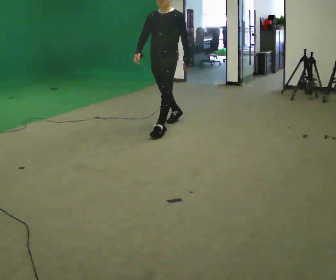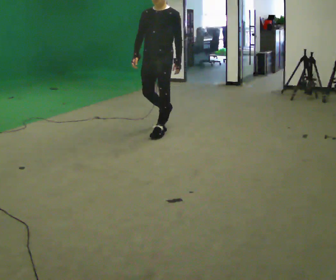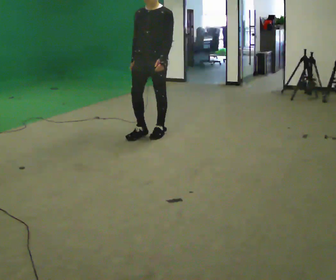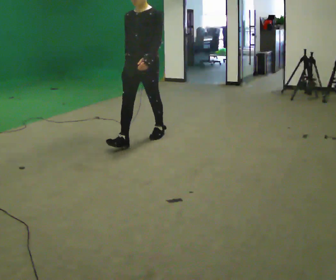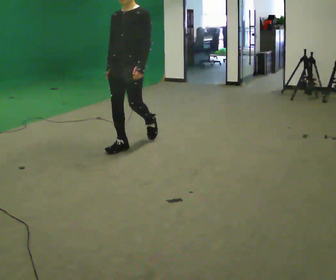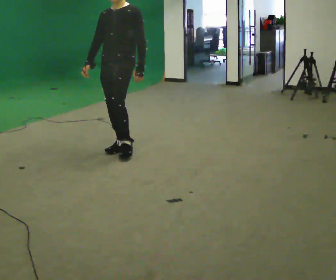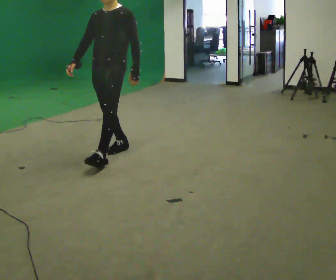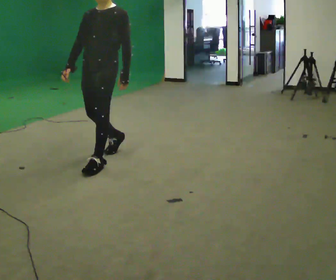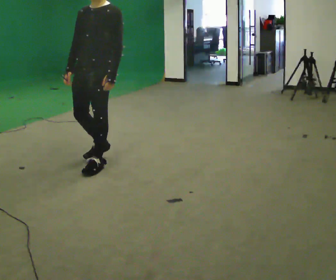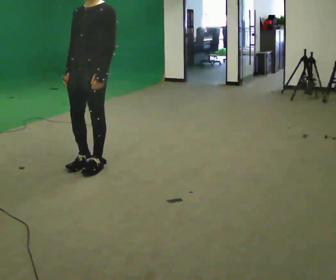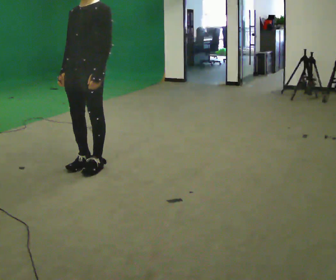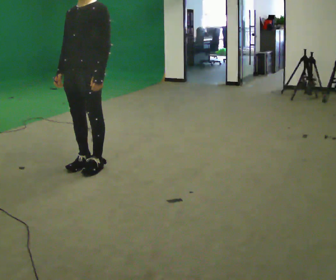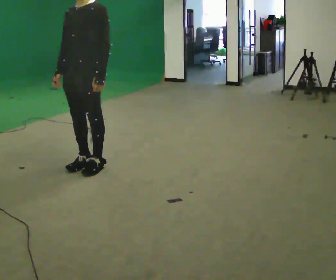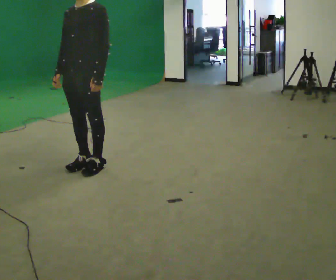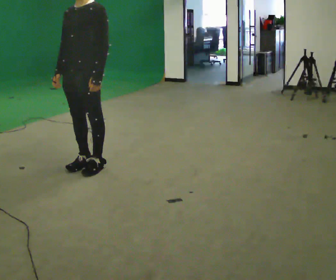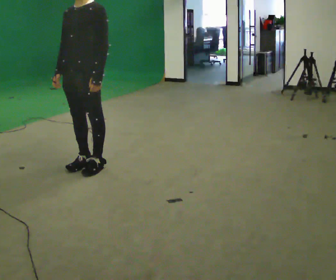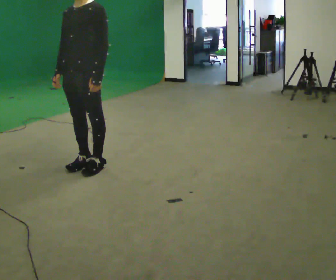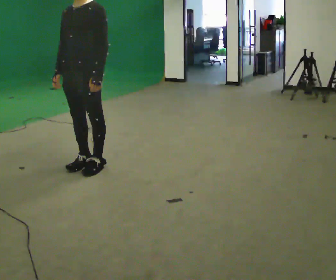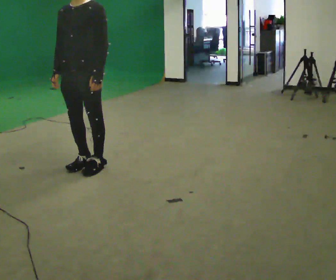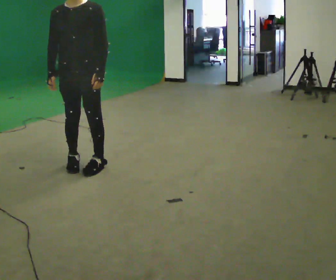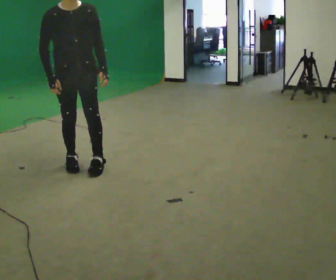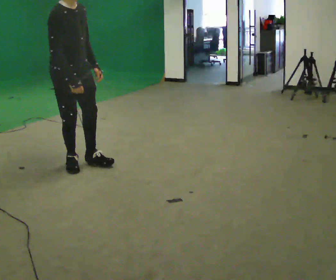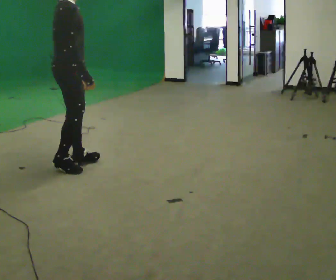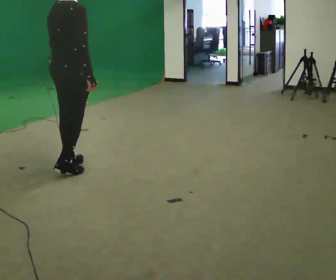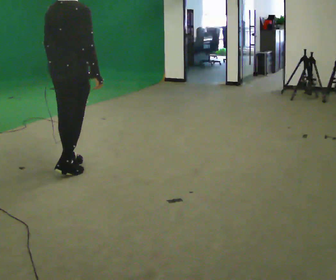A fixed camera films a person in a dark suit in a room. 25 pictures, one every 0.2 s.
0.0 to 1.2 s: In the picture they go toward the camera and to the left, about 1 m in 1 step, which for them is forward.
1.2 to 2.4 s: In the picture they go toward the camera and to the left, about 0.5 m in 2 steps, which for them is forward.
2.4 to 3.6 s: The person moves a little, or ends about where they began.
3.6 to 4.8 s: The part of the body nearest the lens slides to the right as the person turns to their left by about 165 degrees. In the picture their left hand goes to the left.
The film runs forward here.
